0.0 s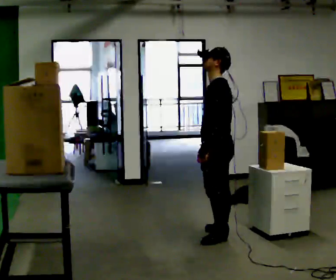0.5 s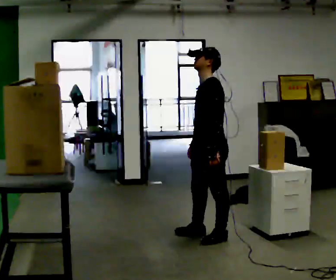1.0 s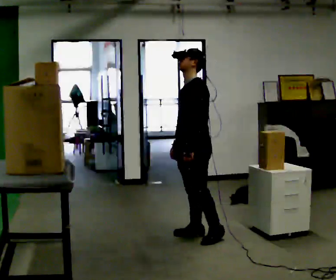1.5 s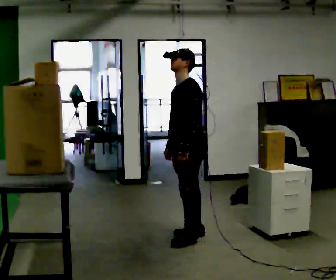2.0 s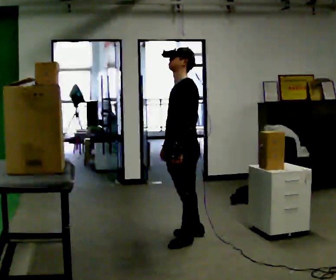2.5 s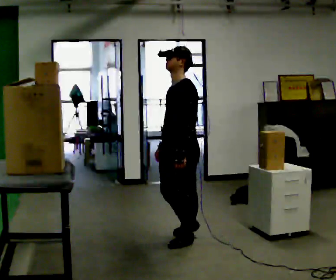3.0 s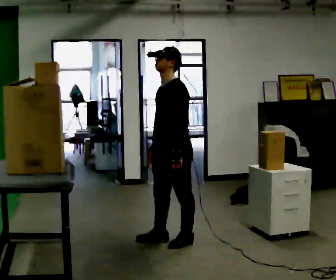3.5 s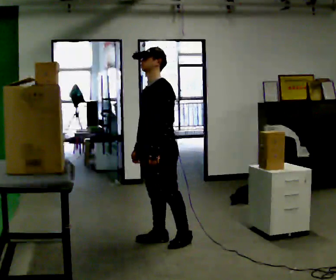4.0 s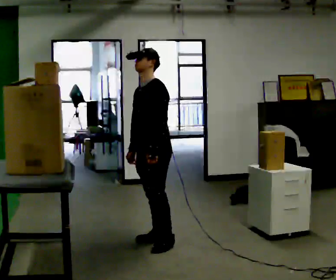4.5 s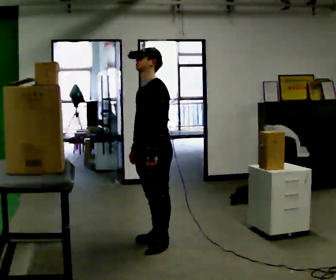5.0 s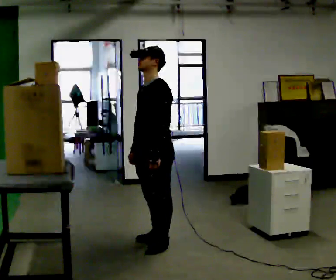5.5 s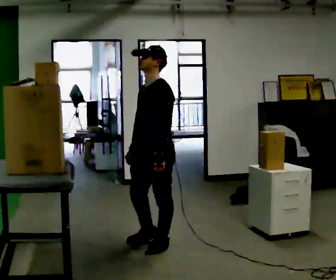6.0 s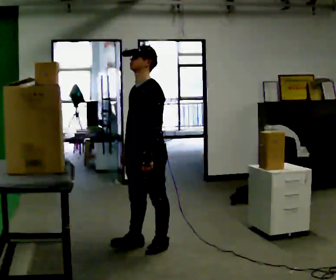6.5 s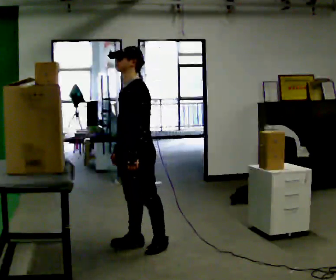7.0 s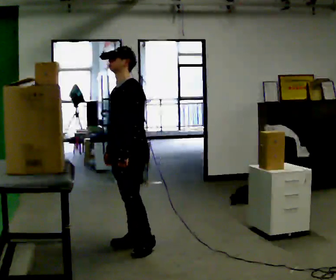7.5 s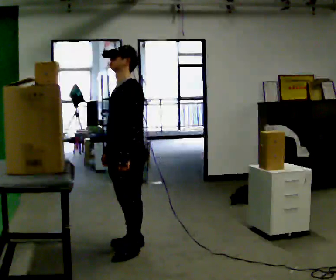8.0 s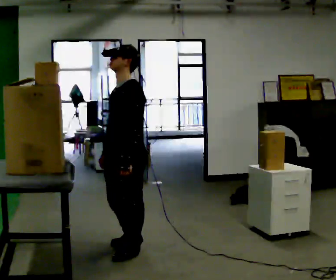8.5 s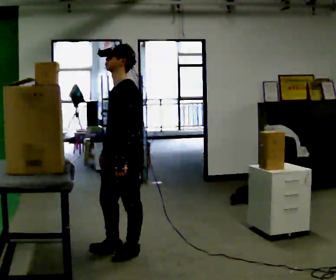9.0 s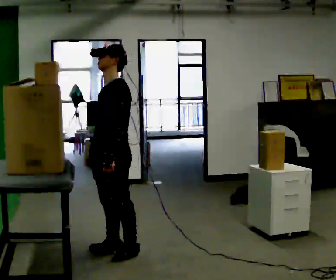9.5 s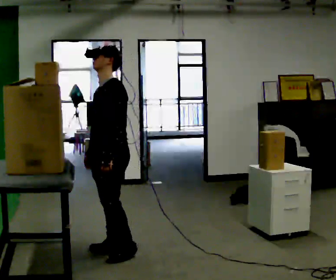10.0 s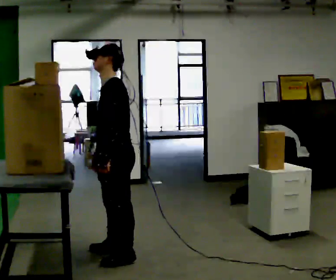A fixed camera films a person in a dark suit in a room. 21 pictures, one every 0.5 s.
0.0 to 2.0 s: In the picture they go to the left, about 0.25 m in 2 steps, which for them is forward and to their right.
2.0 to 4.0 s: In the picture they go to the left, about 0.25 m in 1 step, which for them is forward and to their right.
4.0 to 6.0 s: In the picture they go toward the camera, about 0.25 m in 2 steps, which for them is forward and to their left.
6.0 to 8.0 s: In the picture they go toward the camera and to the left, about 0.25 m in 1 step, which for them is forward.
8.0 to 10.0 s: The person moves a little, or ends about where they began.
The film runs forward here.
